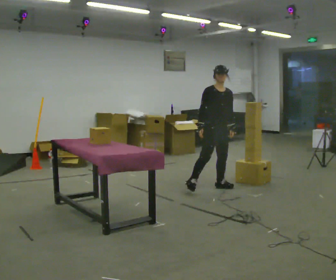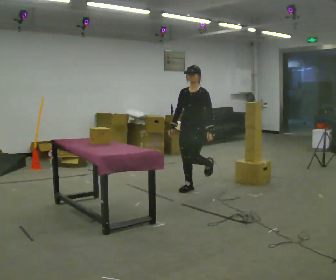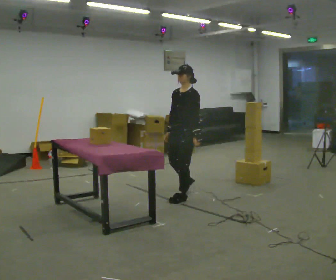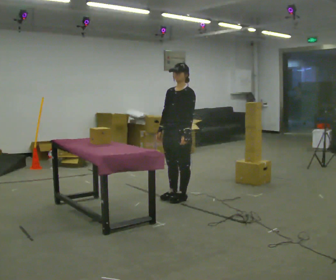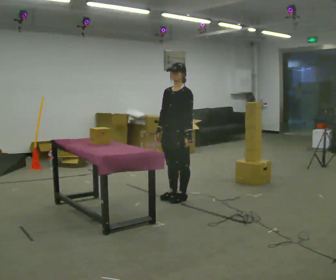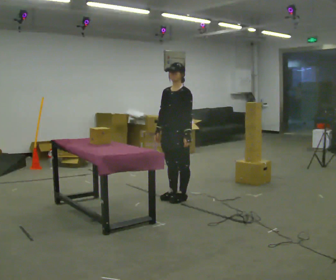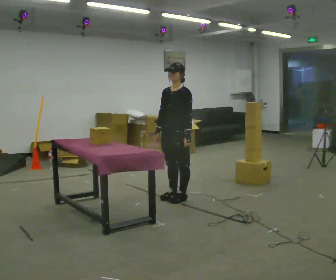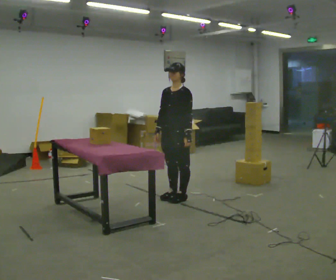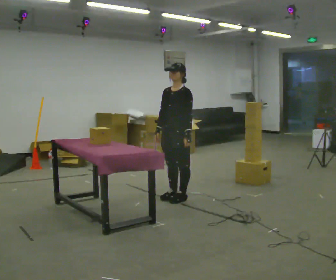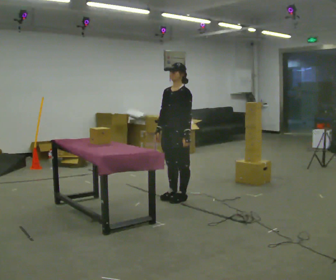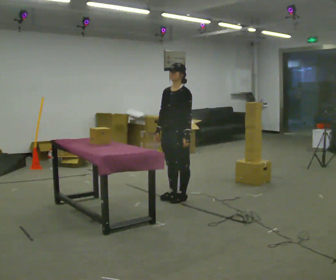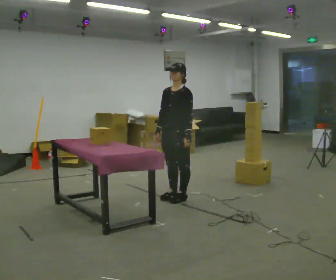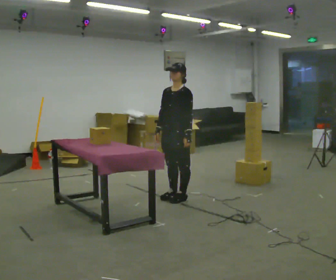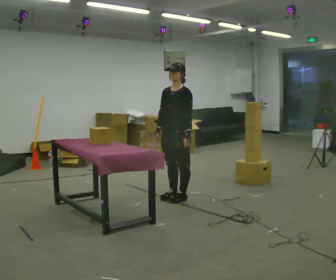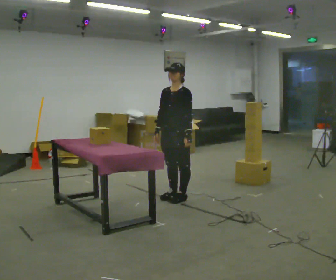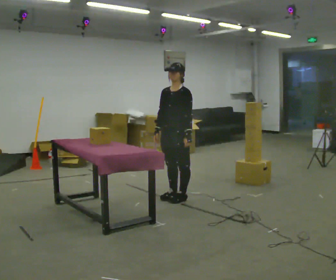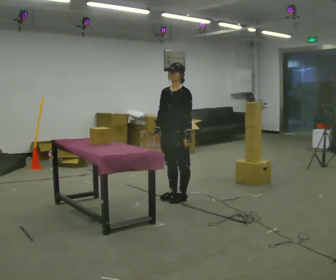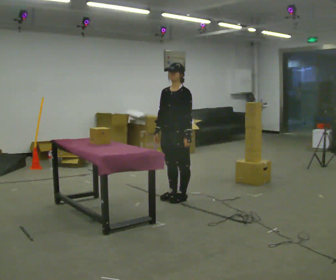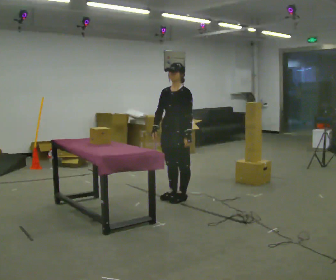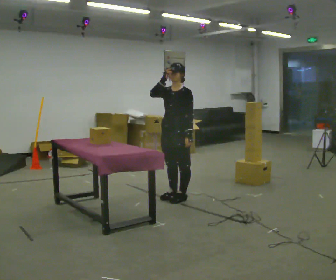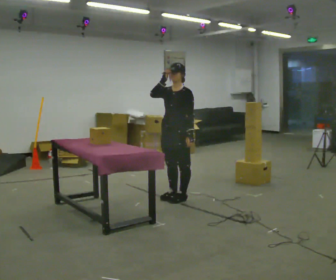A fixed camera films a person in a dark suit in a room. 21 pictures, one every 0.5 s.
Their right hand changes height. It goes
upward.
0.0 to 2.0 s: The part of the body nearest the lens slides to the left as the person turns to their right by about 75 degrees. In the picture they go to the left and toward the camera, about 0.75 m in 3 steps.
2.0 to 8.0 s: The person moves a little, or ends about where they began.
8.0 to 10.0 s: In the picture their right hand goes upward.
The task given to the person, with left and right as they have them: Take an object out of the bin at knee height, carry it across the room, and place it on the chest-height shelf. Keep going until the operator says stop; one object at a time, and do not rush between trips.
The film runs forward here.
